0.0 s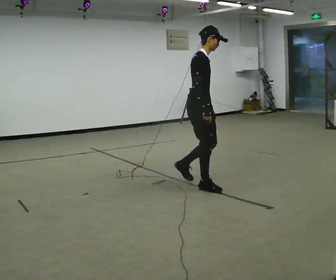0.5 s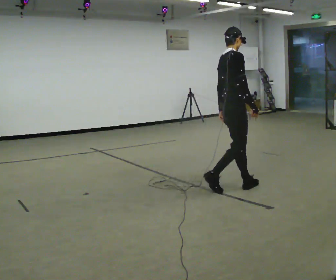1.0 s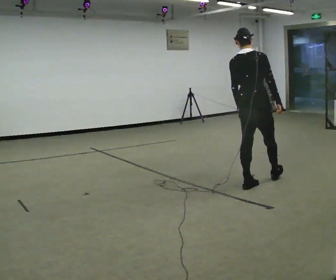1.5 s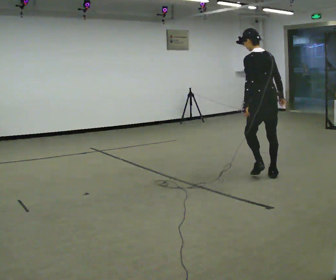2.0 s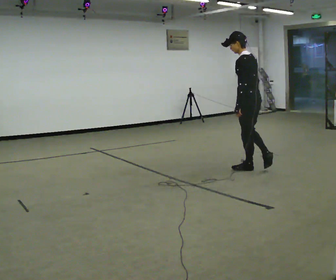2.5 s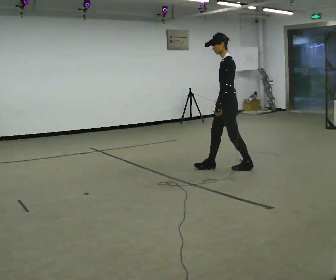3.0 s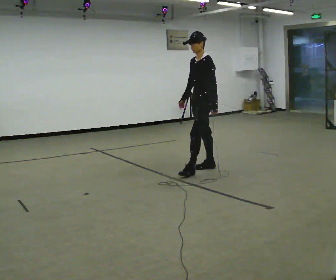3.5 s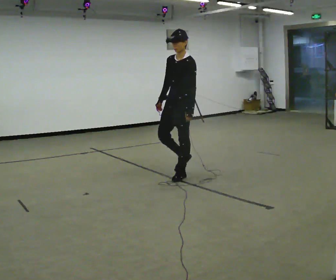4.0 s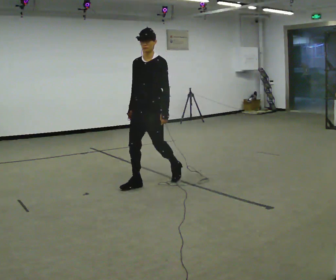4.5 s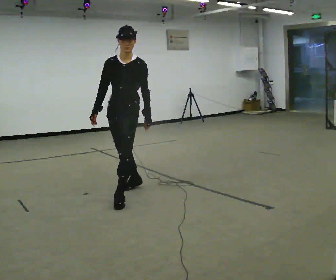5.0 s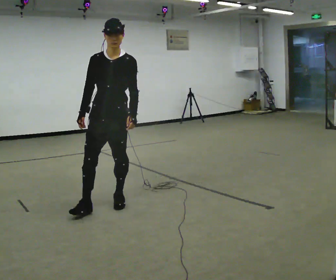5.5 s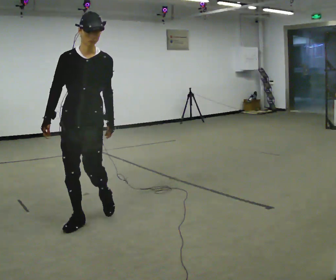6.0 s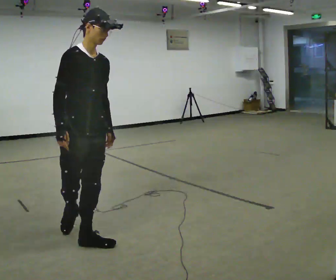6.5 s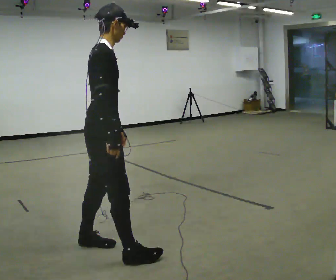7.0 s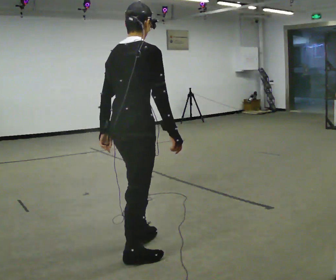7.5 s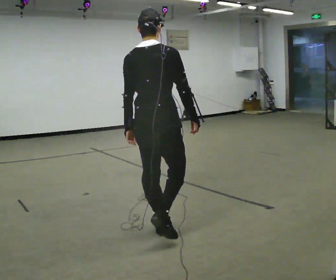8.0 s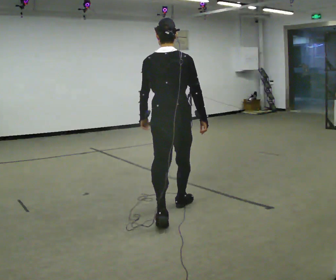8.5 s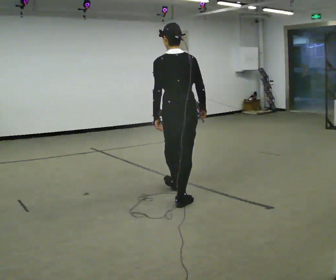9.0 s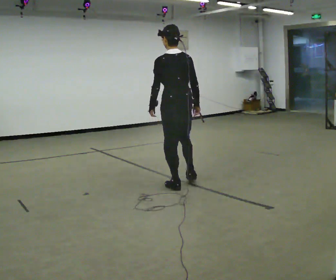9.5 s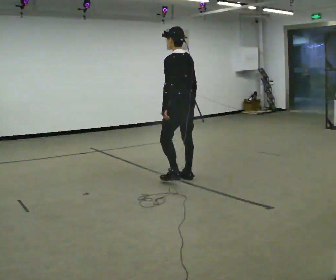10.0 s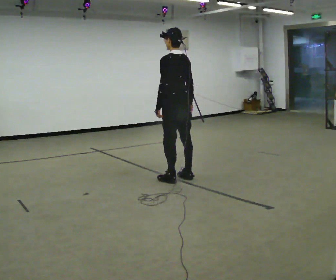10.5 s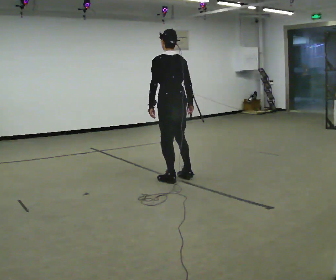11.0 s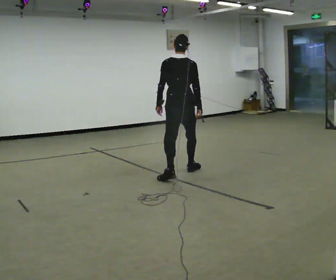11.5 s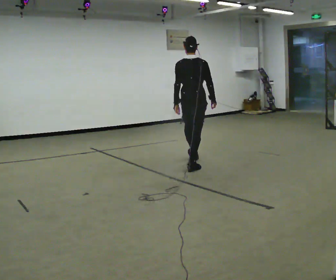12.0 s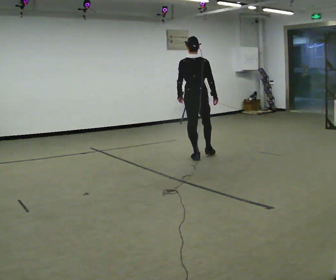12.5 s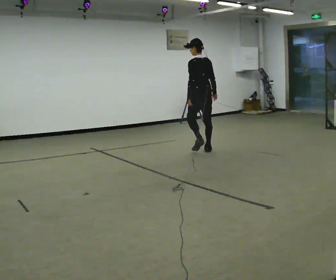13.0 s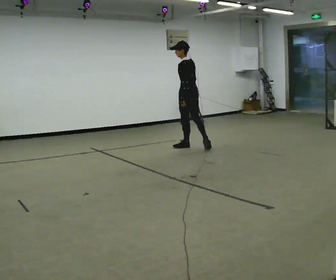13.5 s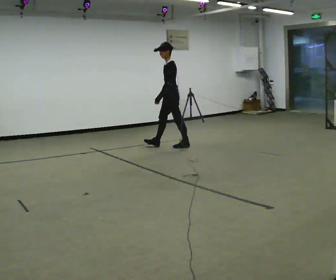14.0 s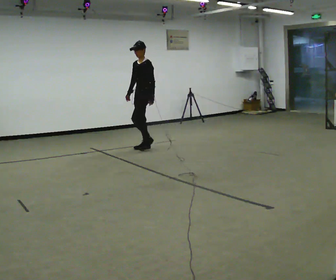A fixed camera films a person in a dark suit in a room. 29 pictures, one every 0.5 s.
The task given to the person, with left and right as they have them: Walk one full figure-eight continuously at comfortable speed; stop.
0.0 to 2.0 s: The part of the body nearest the lens slides to the right as the person turns to their left by about 165 degrees. In the picture they go to the right and away from the camera, about 1 m in 3 steps.
2.0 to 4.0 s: The person turns about 90 degrees to their left, counterclockwise seen from above, so the part of the body nearest the lens slides to the right. In the picture they go to the left, about 1.5 m in 3 steps.
4.0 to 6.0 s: The part of the body nearest the lens slides to the right as the person turns to their left by about 75 degrees. In the picture they go toward the camera, about 1.5 m in 3 steps.
6.0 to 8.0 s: The part of the body nearest the lens slides to the right as the person turns to their left by about 120 degrees. In the picture they go to the right and away from the camera, about 1 m in 3 steps.
8.0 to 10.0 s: The part of the body nearest the lens slides to the right as the person turns to their left by about 45 degrees. In the picture they go away from the camera, about 1 m in 3 steps, which for them is forward and to their right.
10.0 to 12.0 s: Seen from above the body turns clockwise, about 45 degrees: to their right, with its near side sliding to the left. In the picture they go away from the camera, about 1 m in 2 steps, which for them is forward.
12.0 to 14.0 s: The person turns about 135 degrees to their left, counterclockwise seen from above, so the part of the body nearest the lens slides to the right. In the picture they go to the left and away from the camera, about 1 m in 3 steps.
The film runs forward here.
